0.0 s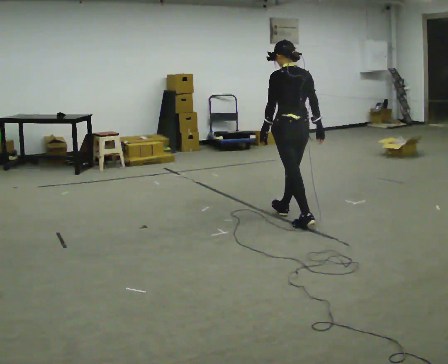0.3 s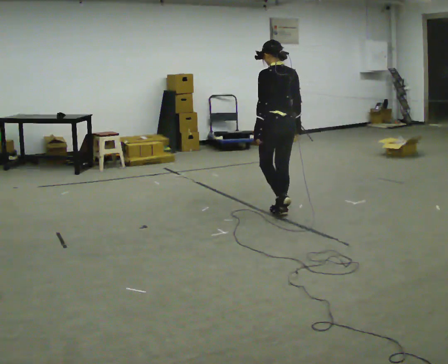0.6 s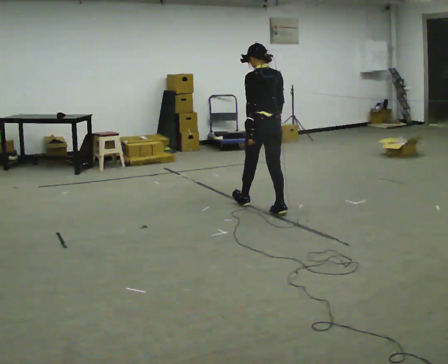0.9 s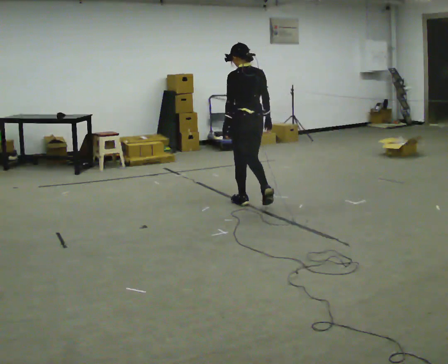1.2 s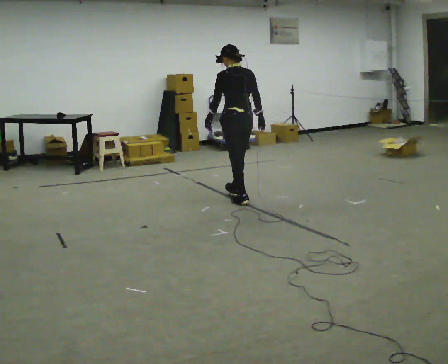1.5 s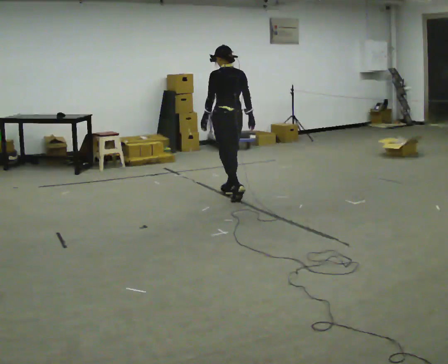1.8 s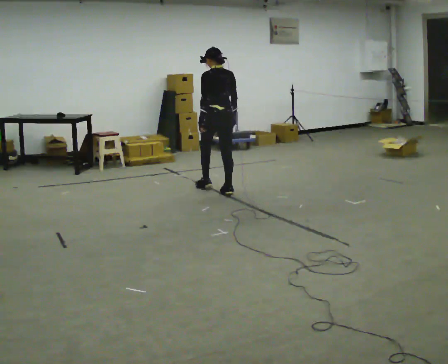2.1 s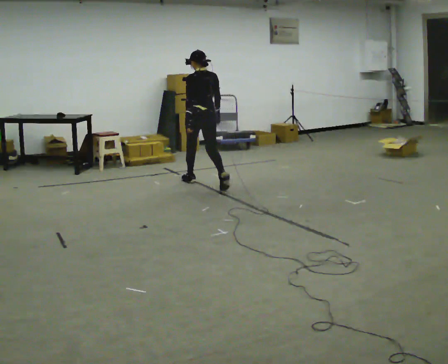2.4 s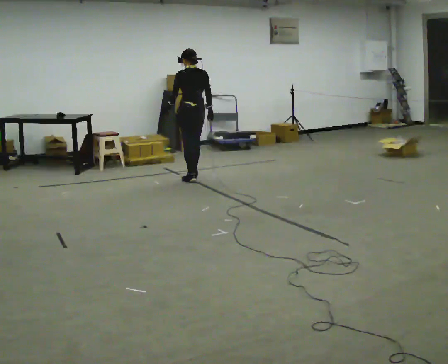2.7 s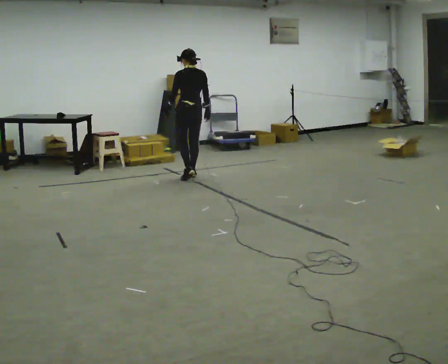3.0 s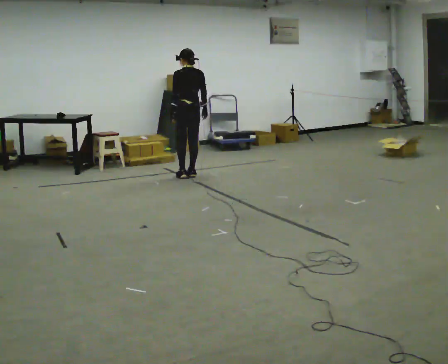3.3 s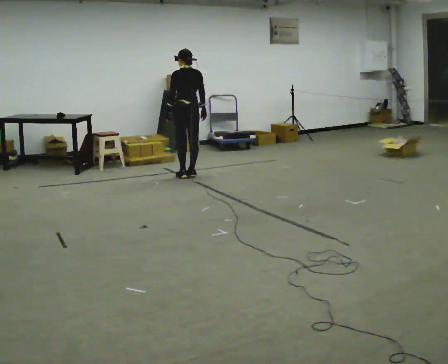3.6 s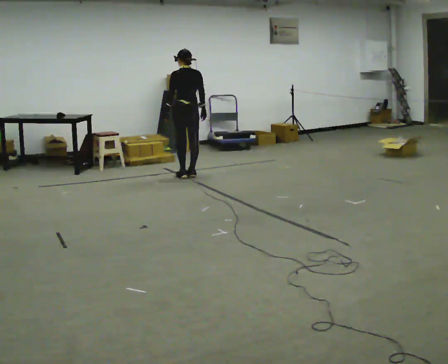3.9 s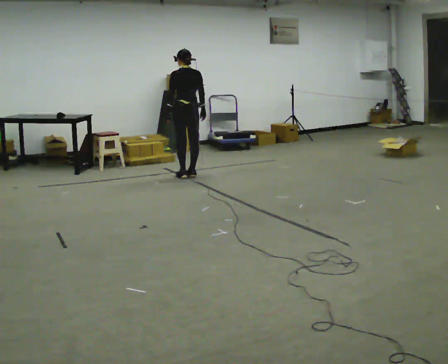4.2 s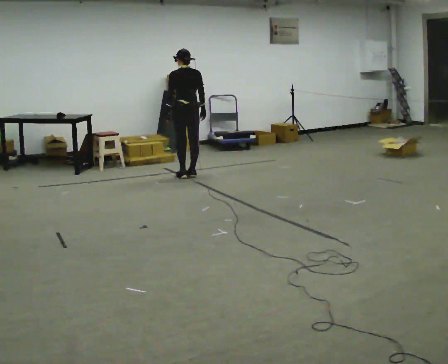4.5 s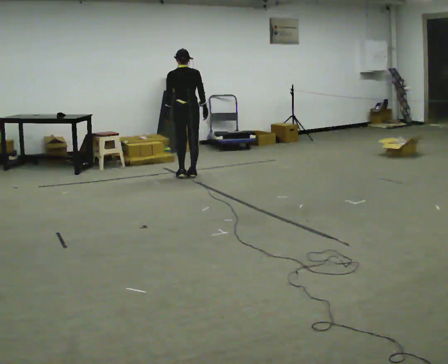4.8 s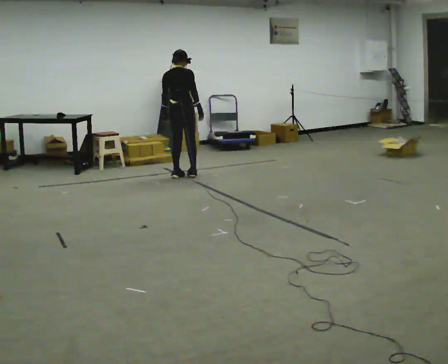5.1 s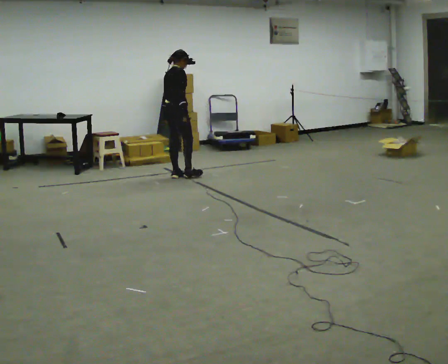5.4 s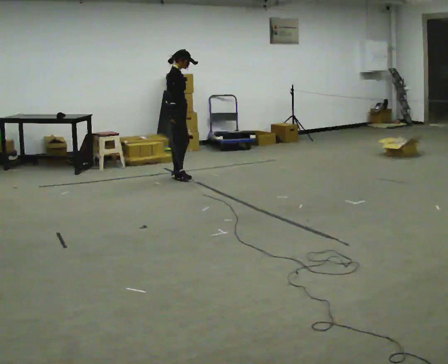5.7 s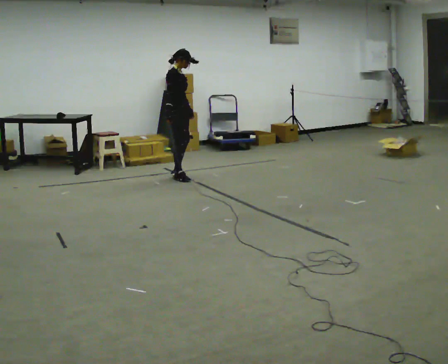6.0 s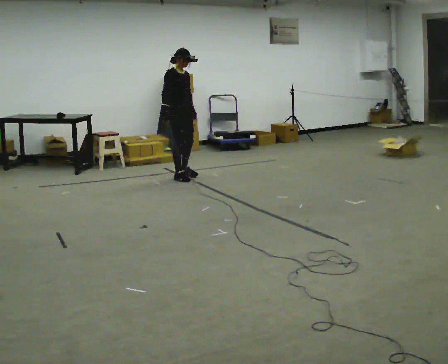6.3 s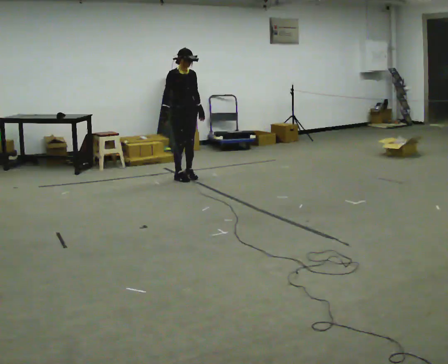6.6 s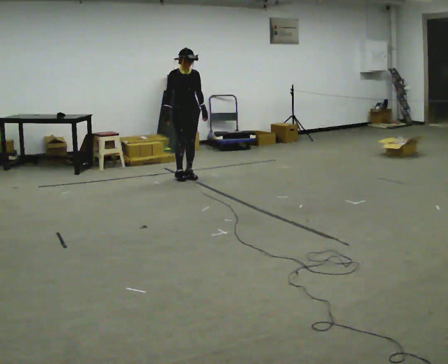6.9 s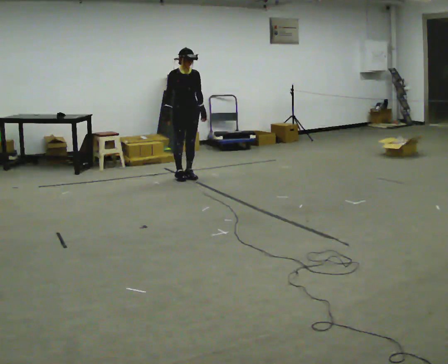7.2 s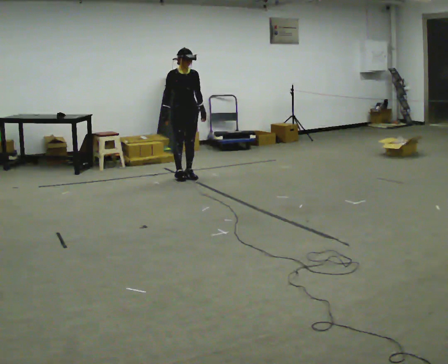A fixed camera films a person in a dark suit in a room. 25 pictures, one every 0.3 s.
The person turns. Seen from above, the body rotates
clockwise.
The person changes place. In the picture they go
away from the camera.
0.0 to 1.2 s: In the picture they go away from the camera and to the left, about 1 m in 1 step, which for them is forward.
1.2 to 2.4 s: In the picture they go away from the camera and to the left, about 1 m in 2 steps, which for them is forward.
2.4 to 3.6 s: In the picture they go away from the camera, about 0.25 m in 2 steps, which for them is forward.
3.6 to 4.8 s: The person turns about 60 degrees to their right, clockwise seen from above, so the part of the body nearest the lens slides to the left.
4.8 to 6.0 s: The person turns about 90 degrees to their right, clockwise seen from above, so the part of the body nearest the lens slides to the left. In the picture their right hand goes to the left, the arm swinging clockwise.
6.0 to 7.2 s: The part of the body nearest the lens slides to the left as the person turns to their right by about 30 degrees.
The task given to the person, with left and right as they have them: Walk continuously ~15 s; naturally alternate slow/normal/fast several times; no stop.
The film runs forward here.
